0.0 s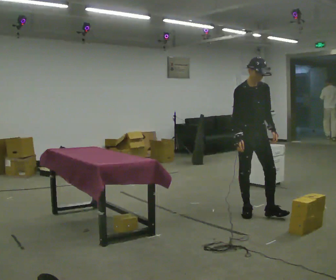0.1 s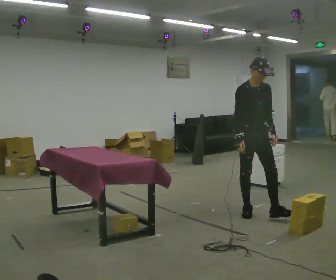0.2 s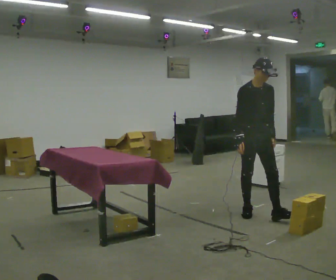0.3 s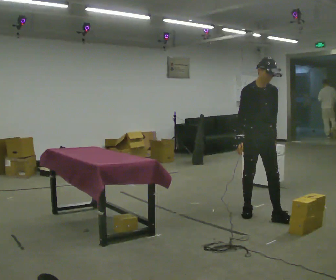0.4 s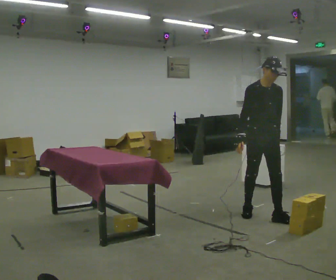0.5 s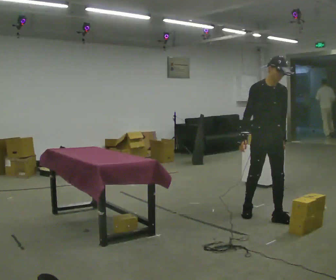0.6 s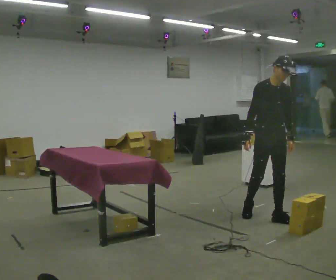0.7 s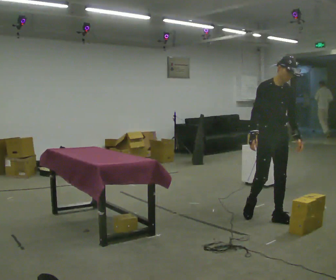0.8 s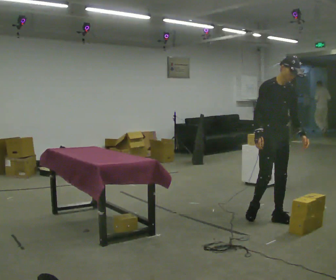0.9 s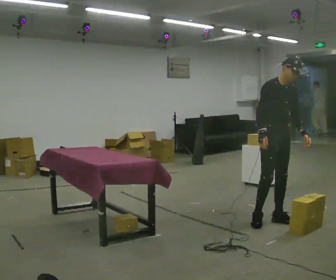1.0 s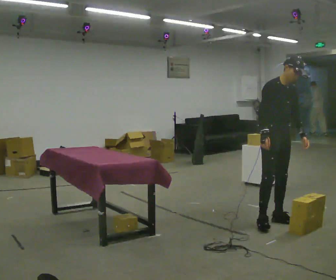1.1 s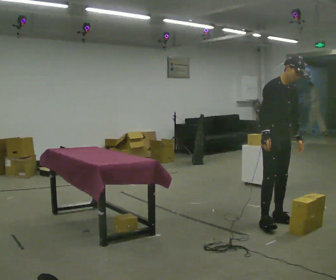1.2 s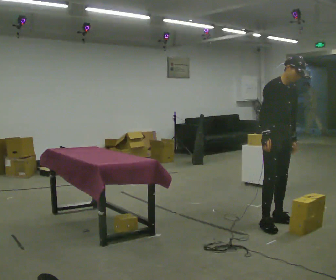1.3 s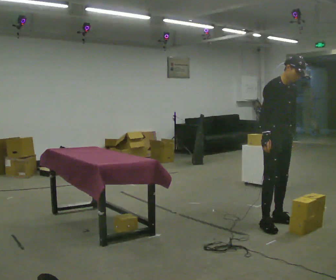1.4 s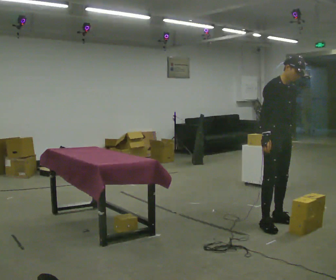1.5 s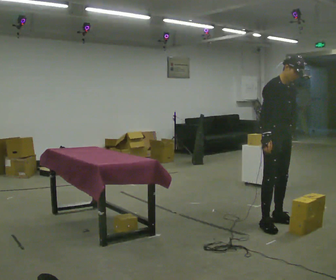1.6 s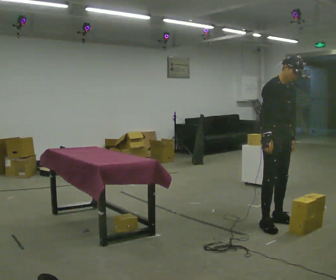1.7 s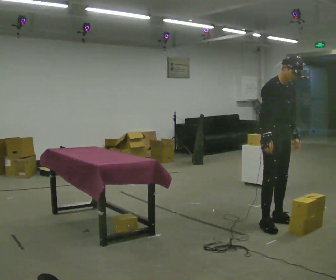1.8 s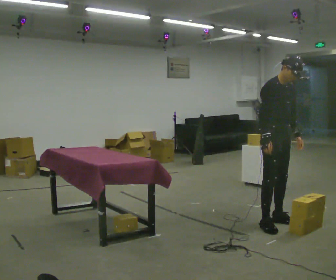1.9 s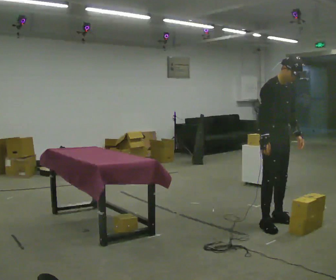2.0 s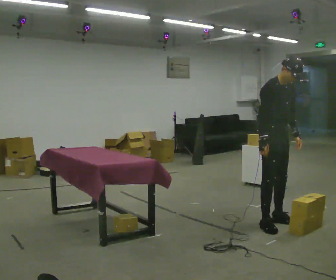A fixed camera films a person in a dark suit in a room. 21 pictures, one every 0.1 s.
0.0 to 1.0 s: In the picture they go to the right and toward the camera, about 0.25 m in 1 step, which for them is forward.
1.0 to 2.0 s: The person moves a little, or ends about where they began.
The film runs forward here.
